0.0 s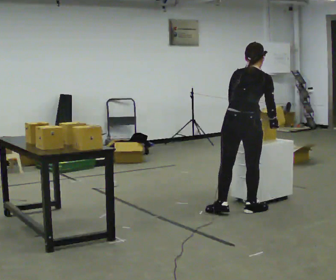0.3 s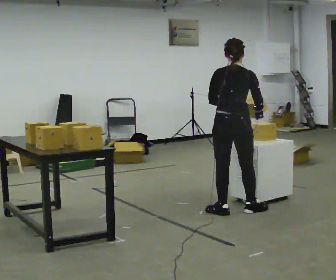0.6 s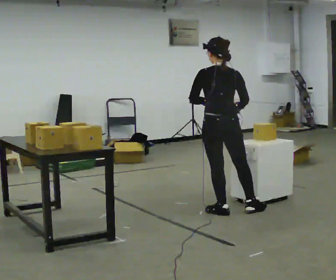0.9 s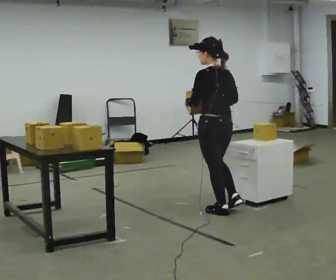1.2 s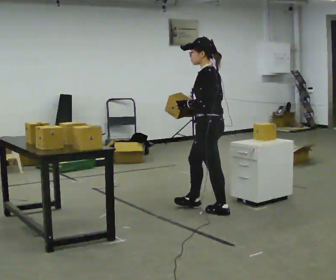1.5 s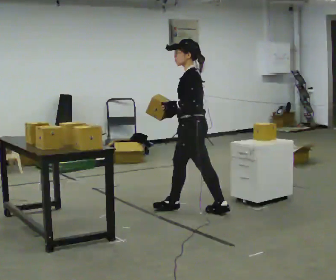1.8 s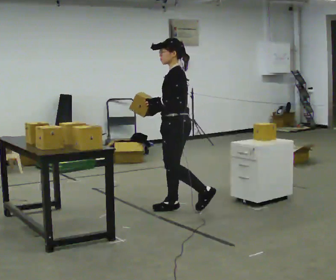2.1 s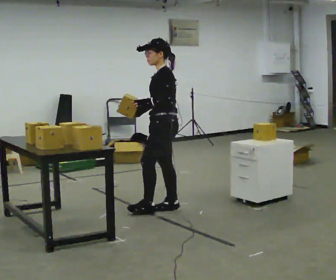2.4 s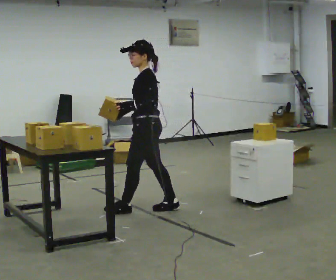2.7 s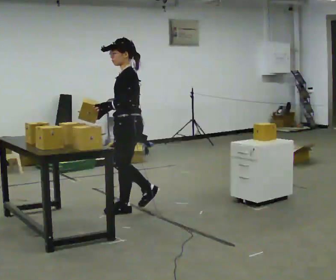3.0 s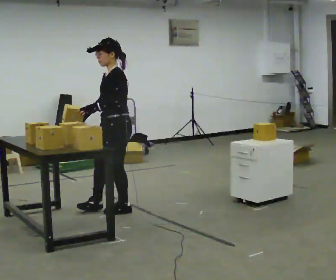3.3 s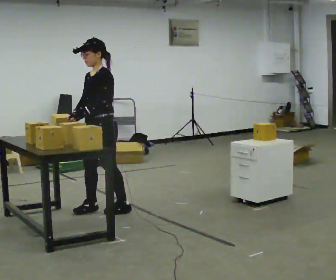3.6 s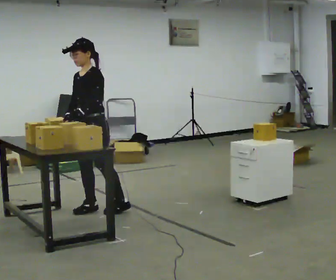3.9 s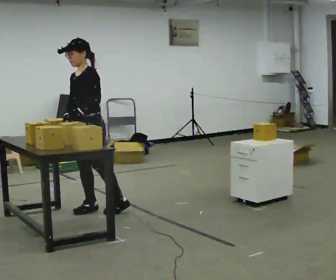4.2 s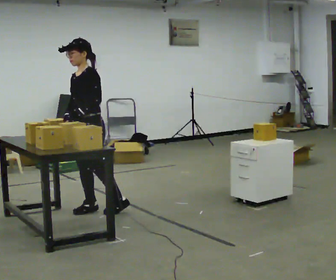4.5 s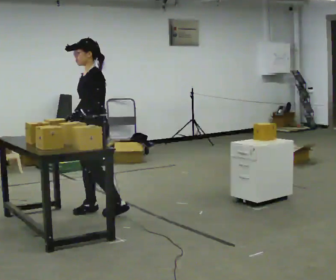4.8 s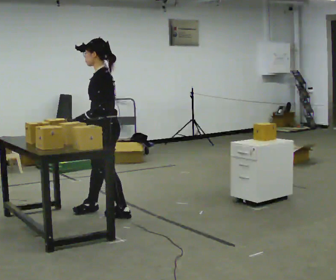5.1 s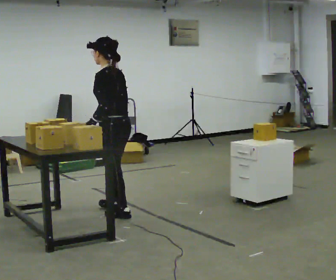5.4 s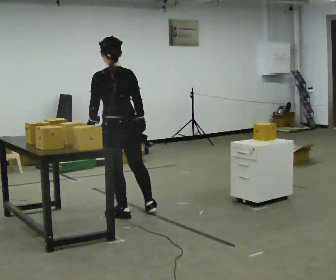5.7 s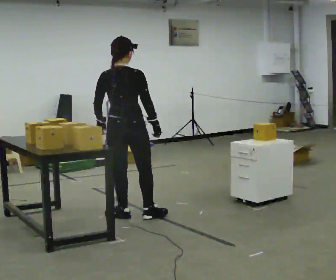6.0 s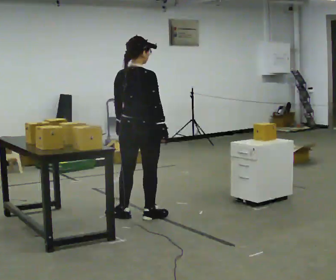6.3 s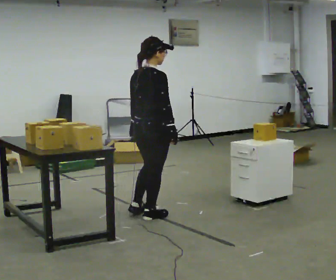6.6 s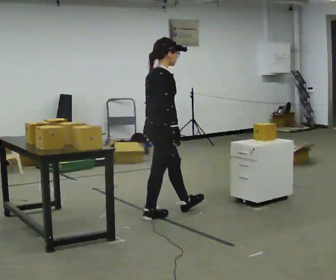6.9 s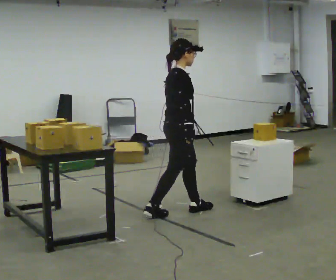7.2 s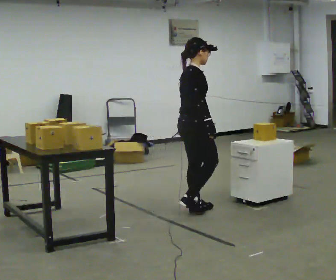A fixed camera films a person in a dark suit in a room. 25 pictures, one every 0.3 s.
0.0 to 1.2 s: The part of the body nearest the lens slides to the right as the person turns to their left by about 90 degrees. In the picture they go to the left, about 0.25 m. In the picture the upper body tilts counterclockwise, shoulders to the left, as they lean back or straighten.
1.2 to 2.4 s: In the picture they go to the left, about 0.5 m in 2 steps, which for them is forward.
2.4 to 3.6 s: Seen from above the body turns counterclockwise, about 45 degrees: to their left, with its near side sliding to the right. In the picture they go to the left, about 0.5 m in 1 step, which for them is forward.
3.6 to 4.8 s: Seen from above the body turns clockwise, about 45 degrees: to their right, with its near side sliding to the left. In the picture their right hand goes to the right.
4.8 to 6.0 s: The part of the body nearest the lens slides to the left as the person turns to their right by about 120 degrees. In the picture they go to the right and toward the camera, about 0.25 m in 1 step.
6.0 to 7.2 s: Seen from above the body turns clockwise, about 45 degrees: to their right, with its near side sliding to the left. In the picture they go to the right, about 0.5 m in 1 step, which for them is forward.
The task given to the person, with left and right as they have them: Move objects one at a time from the waist-height shelf on your left to the one on your right. Repeat at your own pace until the operator says stop. Keep both feet on the marked spots for the whole take. If you have to step, stop and tell the operator.
The film runs forward here.
